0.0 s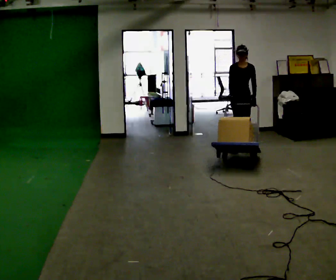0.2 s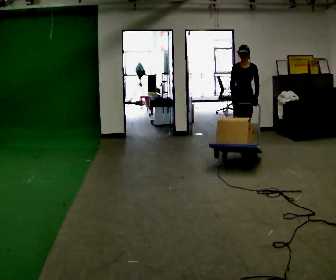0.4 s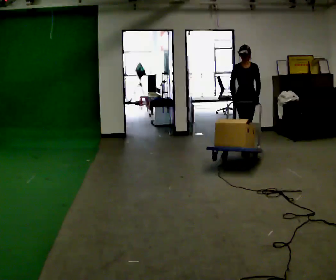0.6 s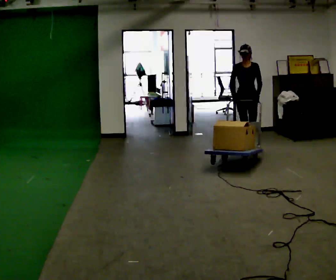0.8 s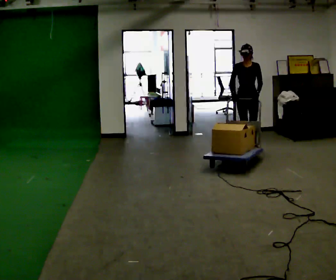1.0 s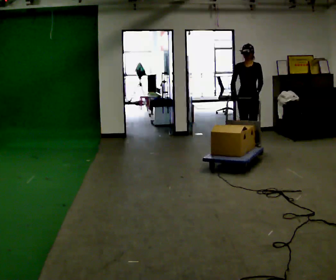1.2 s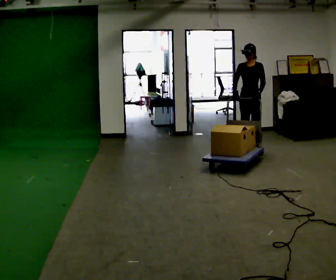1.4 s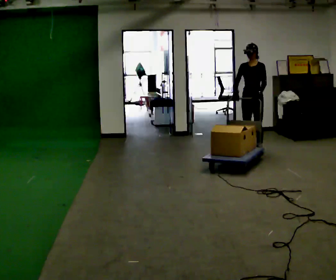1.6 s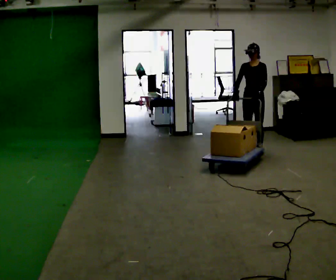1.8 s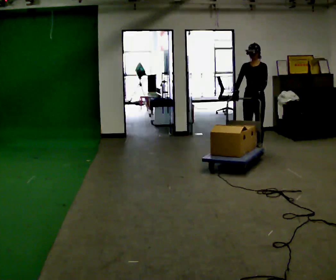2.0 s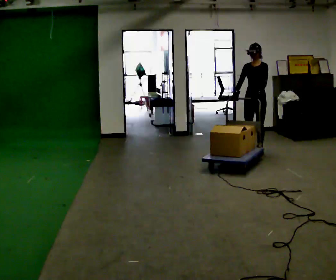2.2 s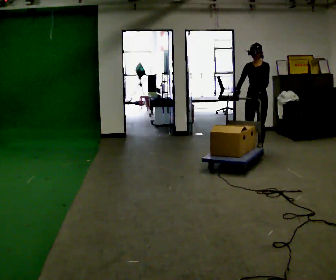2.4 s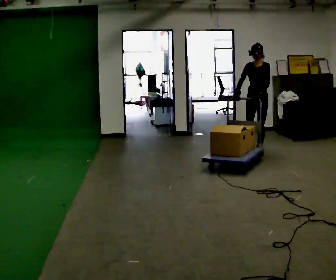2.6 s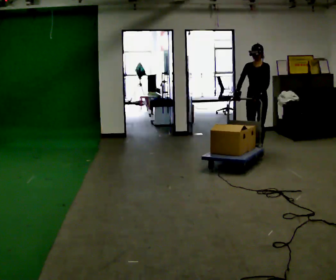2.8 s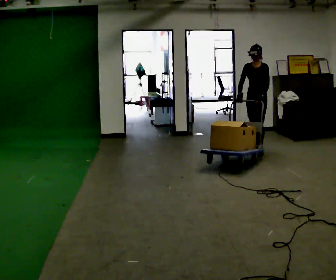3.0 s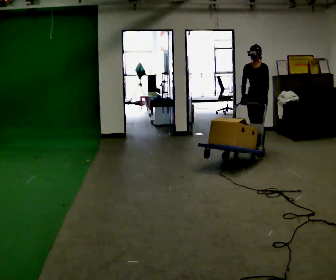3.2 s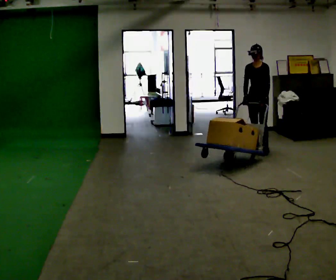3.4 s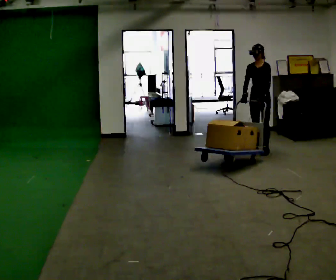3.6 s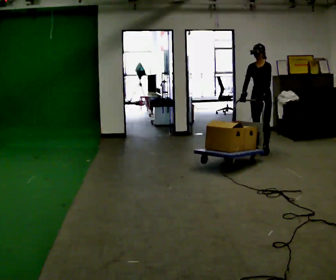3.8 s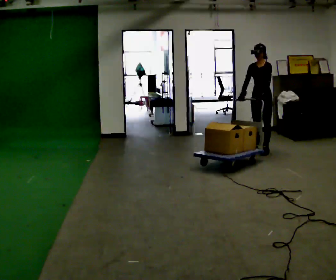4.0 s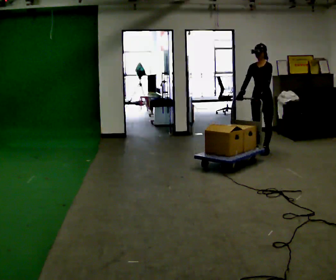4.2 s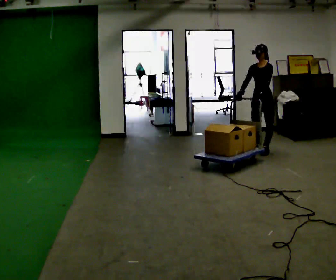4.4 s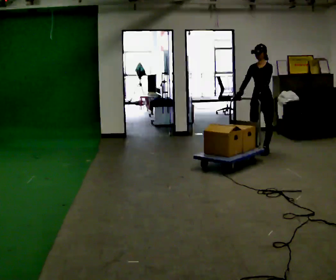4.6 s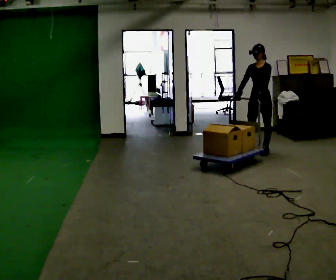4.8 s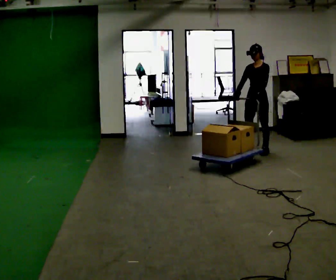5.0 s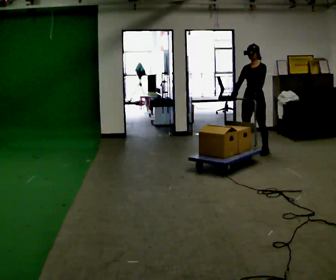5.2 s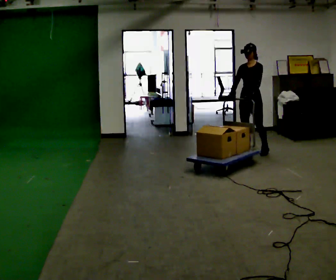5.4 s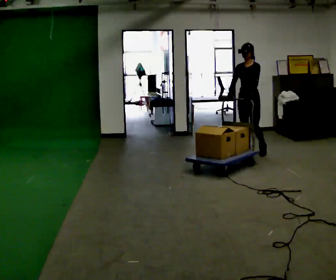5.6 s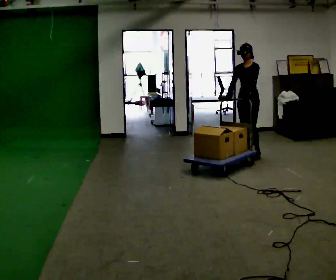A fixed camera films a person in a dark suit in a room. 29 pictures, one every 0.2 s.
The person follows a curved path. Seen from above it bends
clockwise.
0.0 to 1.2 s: The part of the body nearest the lens slides to the left as the person turns to their right by about 30 degrees. In the picture they go toward the camera and to the right, about 0.25 m in 2 steps, which for them is forward and to their left.
1.2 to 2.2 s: The person moves a little, or ends about where they began.
2.2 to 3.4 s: In the picture they go away from the camera, about 0.25 m in 1 step, which for them is backward.
3.4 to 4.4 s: The person moves a little, or ends about where they began.
4.4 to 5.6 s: In the picture they go to the left and toward the camera, about 0.25 m in 1 step, which for them is forward.
The film runs forward here.
